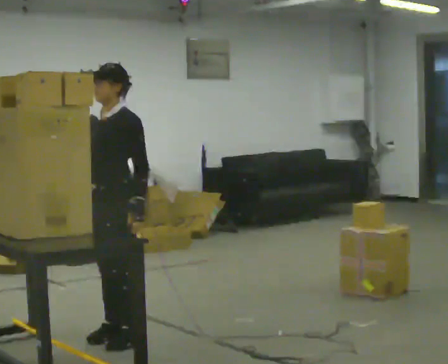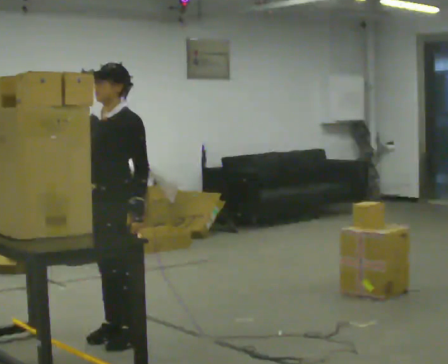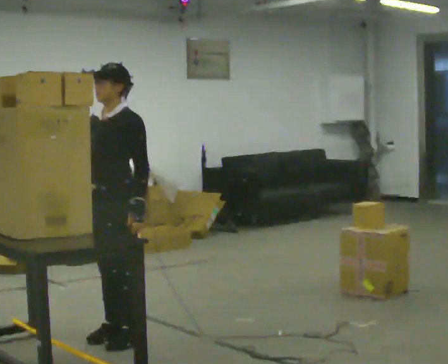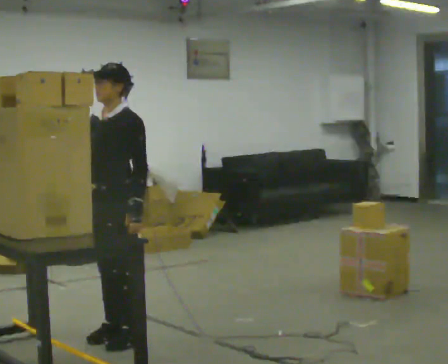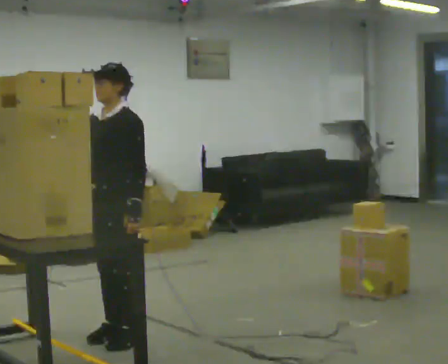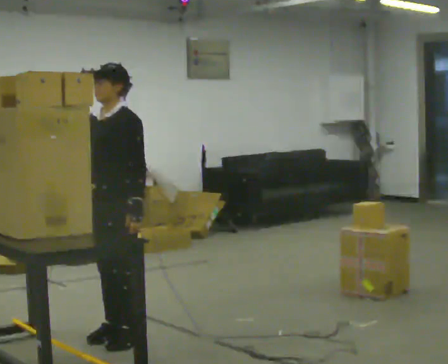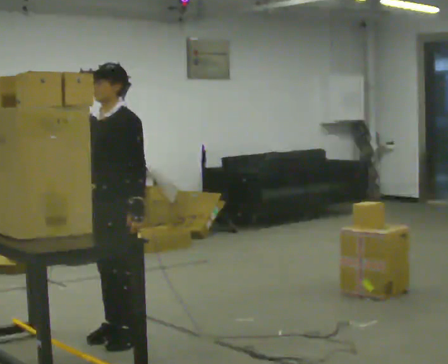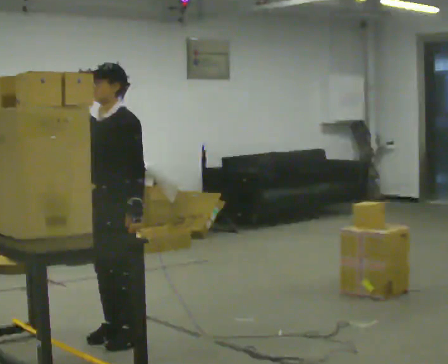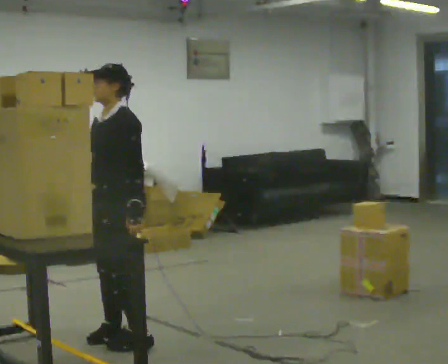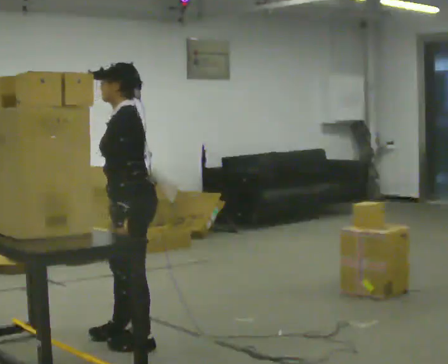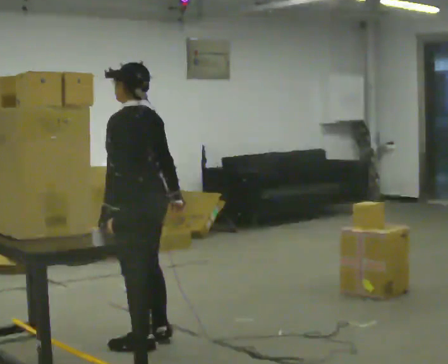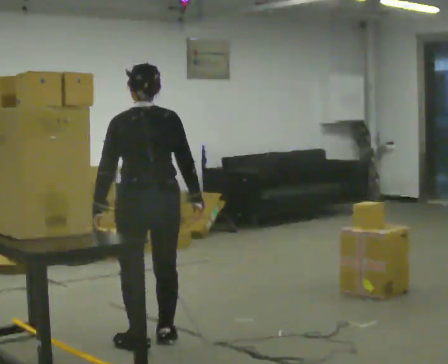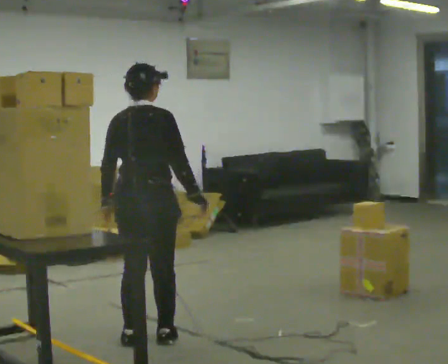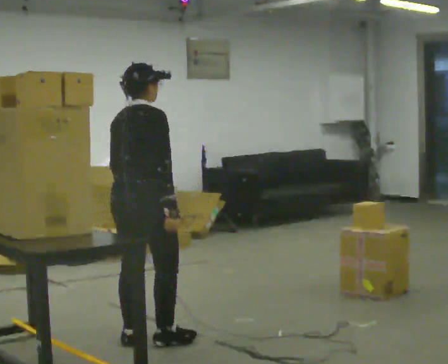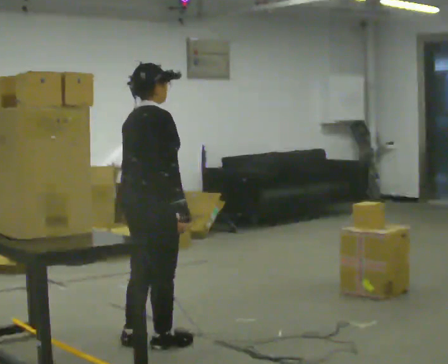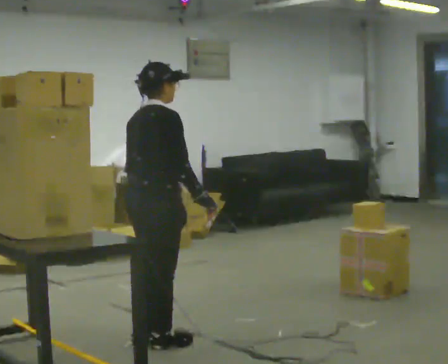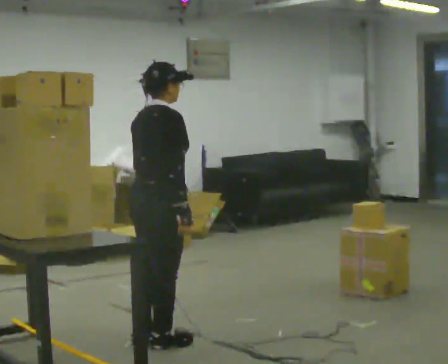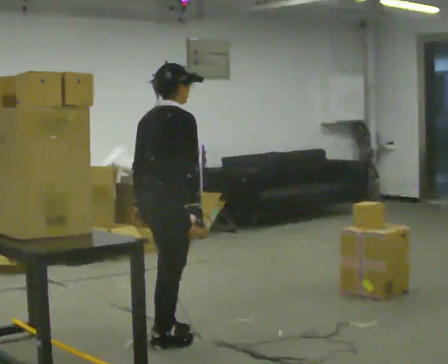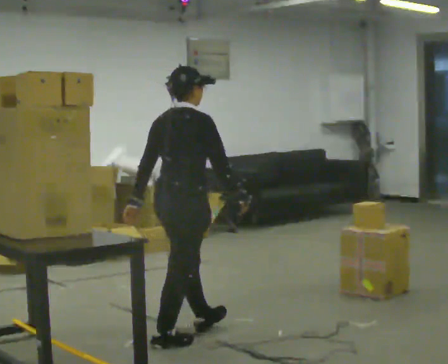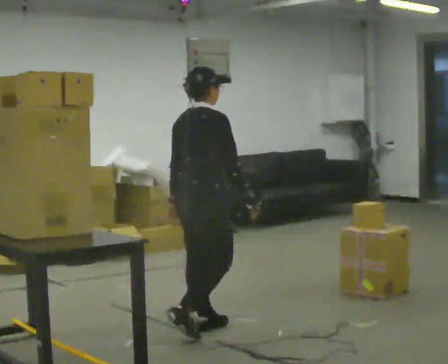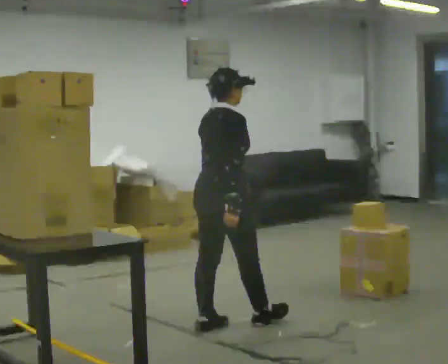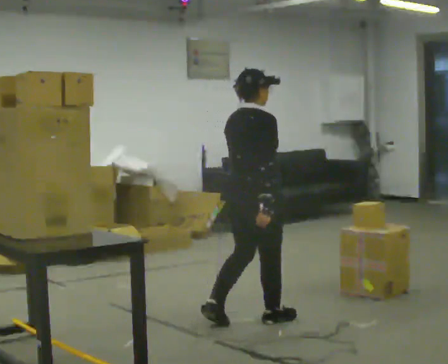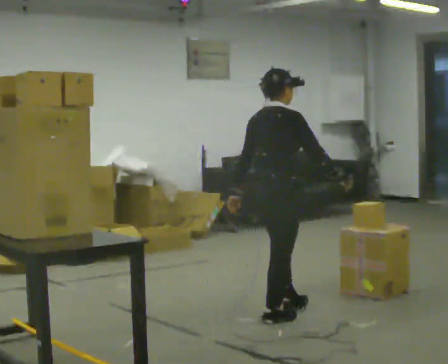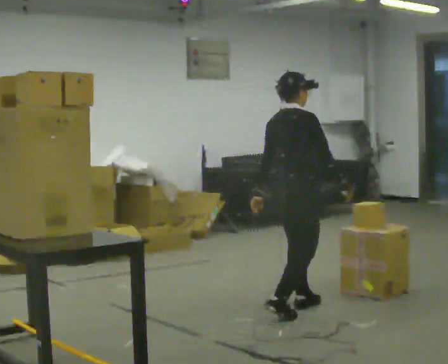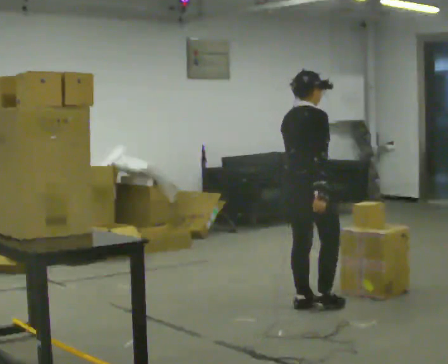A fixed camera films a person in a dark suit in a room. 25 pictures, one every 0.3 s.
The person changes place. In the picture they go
to the right.
The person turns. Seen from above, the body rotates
clockwise.
0.0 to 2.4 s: The person moves a little, or ends about where they began.
2.4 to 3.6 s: The part of the body nearest the lens slides to the left as the person turns to their right by about 150 degrees. In the picture their right hand goes to the right, the arm swinging counterclockwise.
3.6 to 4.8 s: The part of the body nearest the lens slides to the left as the person turns to their right by about 30 degrees.
4.8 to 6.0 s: In the picture they go to the right and away from the camera, about 0.5 m in 1 step, which for them is forward.
6.0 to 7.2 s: In the picture they go to the right and away from the camera, about 0.5 m in 2 steps, which for them is forward.
The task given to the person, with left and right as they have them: Take an object down from the highest shelf you can comfortably reach, carry it across, and place it on the waist-height shelf. Keep going until the operator says stop; one object at a time, and do not rush between trips.
The film runs forward here.
